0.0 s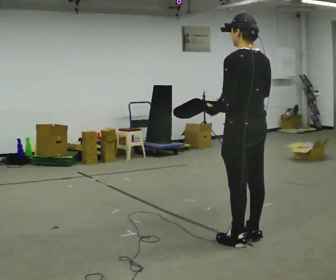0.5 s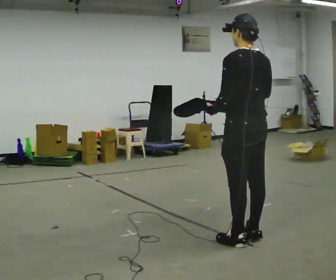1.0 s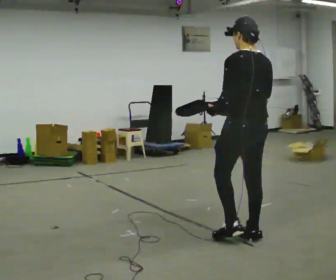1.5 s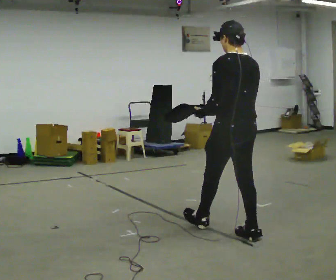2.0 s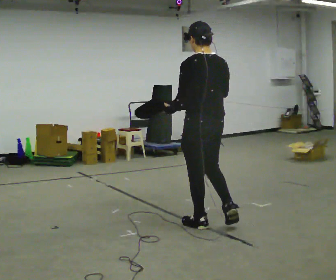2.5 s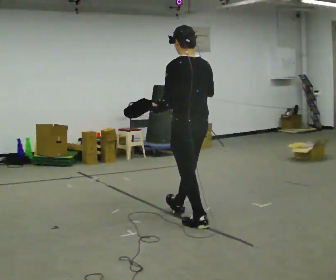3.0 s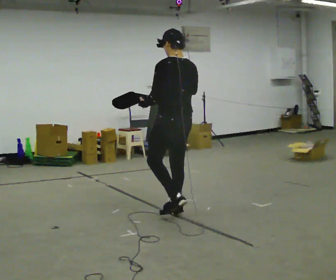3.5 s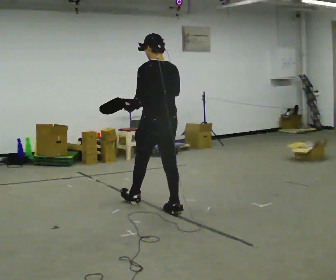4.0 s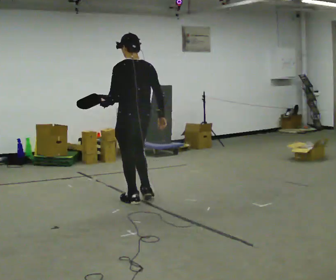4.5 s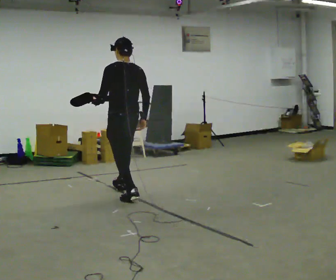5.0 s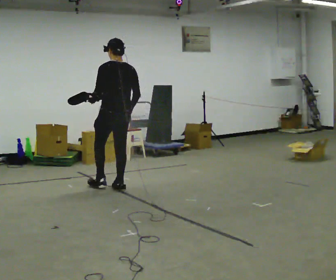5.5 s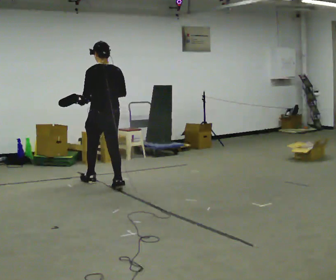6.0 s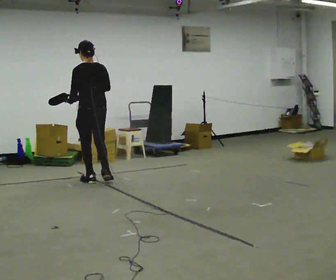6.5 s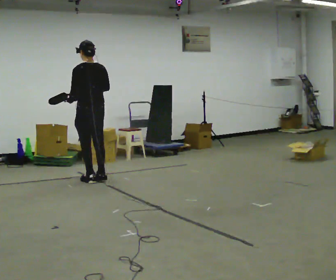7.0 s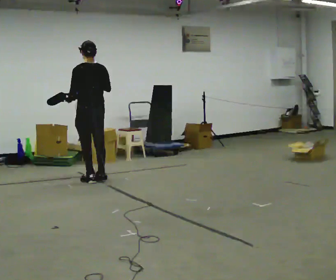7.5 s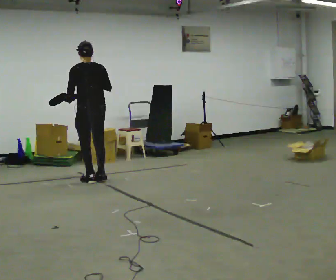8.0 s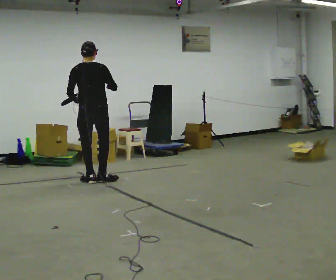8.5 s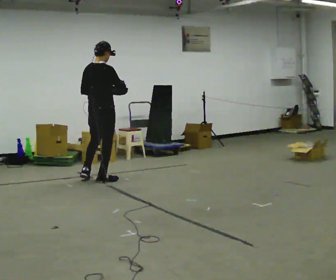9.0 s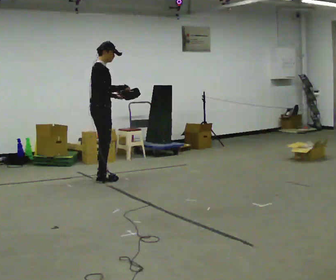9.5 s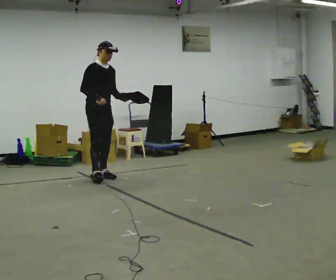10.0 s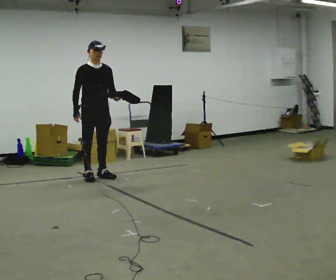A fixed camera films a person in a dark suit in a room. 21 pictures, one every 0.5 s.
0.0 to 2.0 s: In the picture they go away from the camera and to the left, about 0.5 m in 1 step, which for them is forward.
2.0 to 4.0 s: In the picture they go away from the camera and to the left, about 1 m in 2 steps, which for them is forward. In the picture their right hand goes downward.
4.0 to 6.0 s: In the picture they go away from the camera and to the left, about 1 m in 2 steps, which for them is forward.
6.0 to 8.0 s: The person turns about 30 degrees to their right, clockwise seen from above, so the part of the body nearest the lens slides to the left.
8.0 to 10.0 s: Seen from above the body turns clockwise, about 150 degrees: to their right, with its near side sliding to the left. In the picture they go away from the camera, about 0.25 m in 2 steps. In the picture their right hand goes to the left and downward.
The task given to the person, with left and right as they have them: Carry the open container and, while walking, reach in with one hand and take an item out, then put it back. Repeat as you walk. Do not stop.
The film runs forward here.
